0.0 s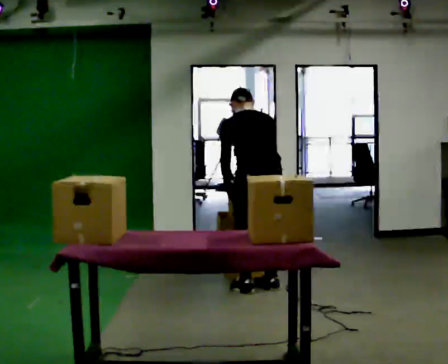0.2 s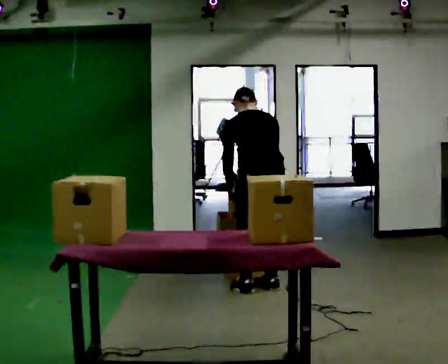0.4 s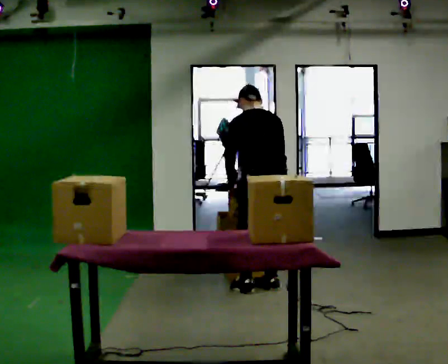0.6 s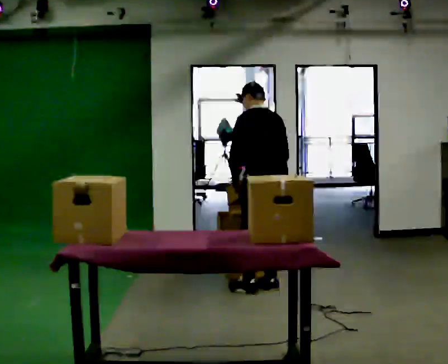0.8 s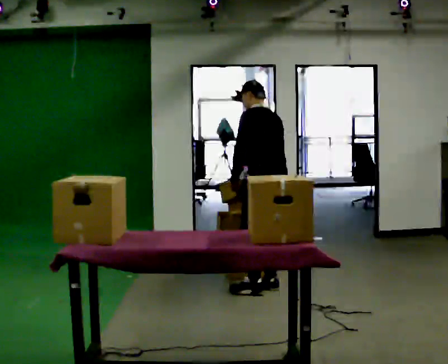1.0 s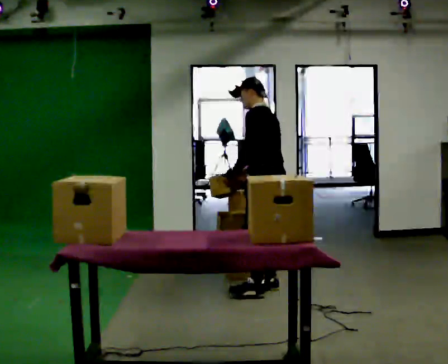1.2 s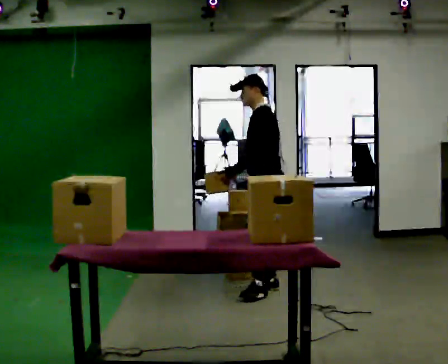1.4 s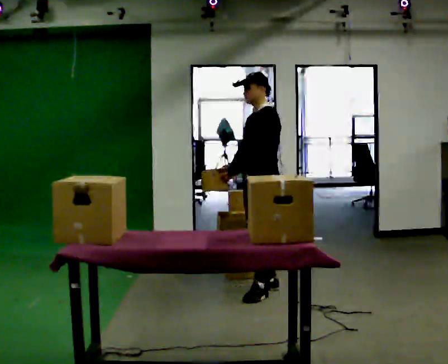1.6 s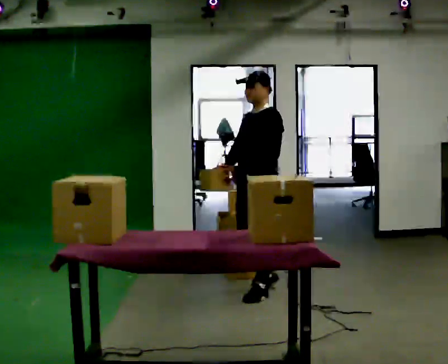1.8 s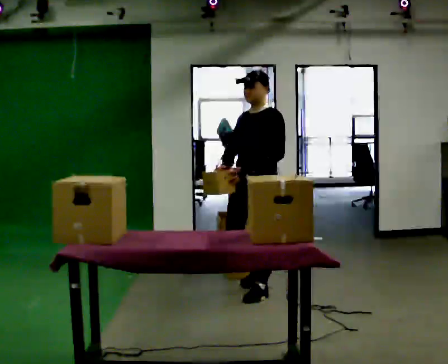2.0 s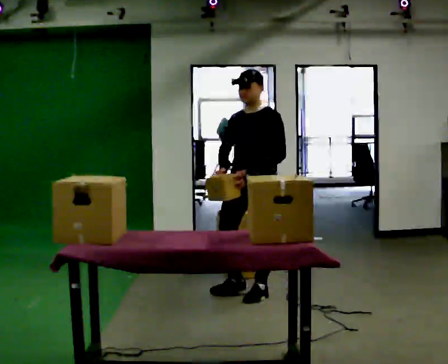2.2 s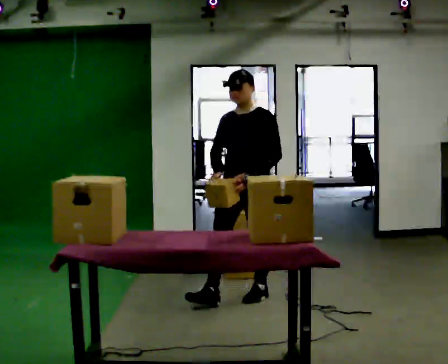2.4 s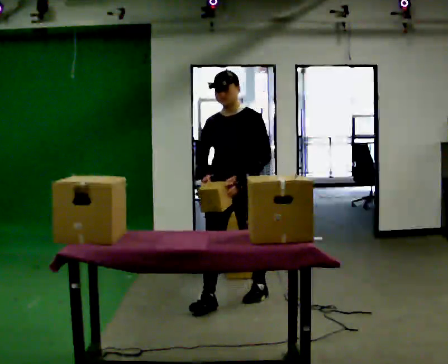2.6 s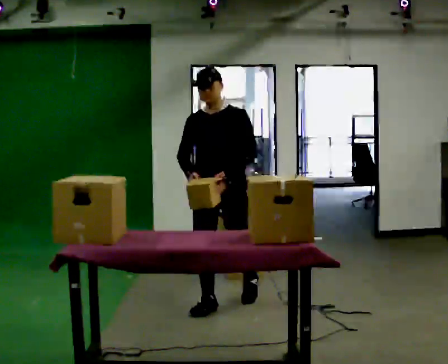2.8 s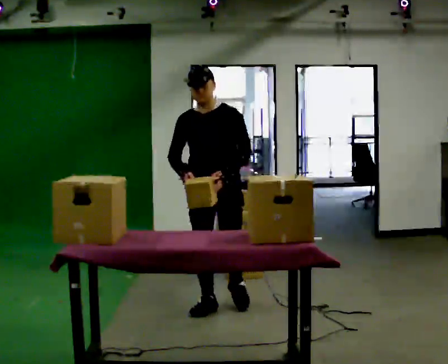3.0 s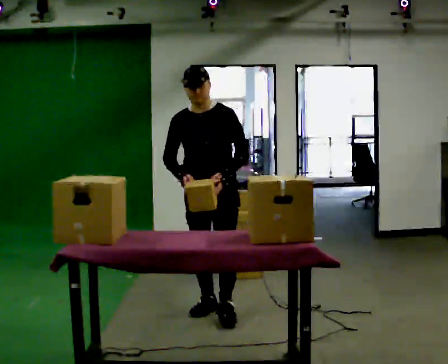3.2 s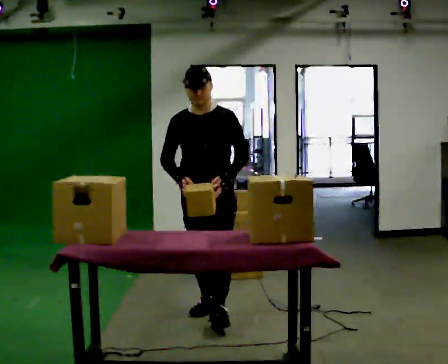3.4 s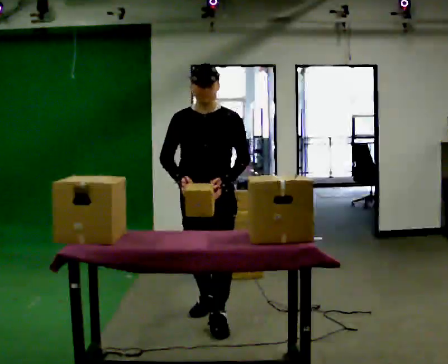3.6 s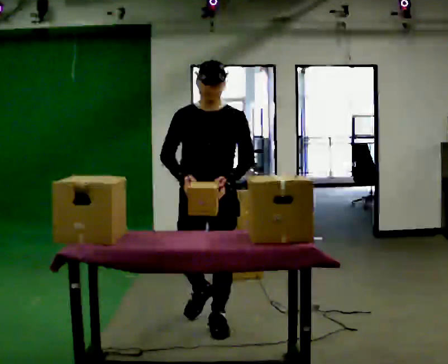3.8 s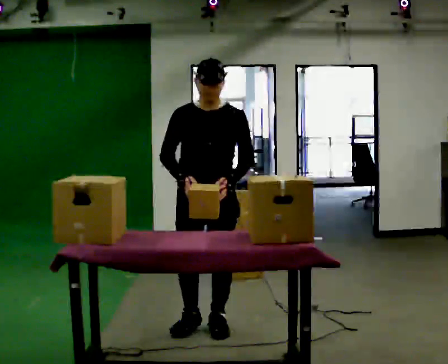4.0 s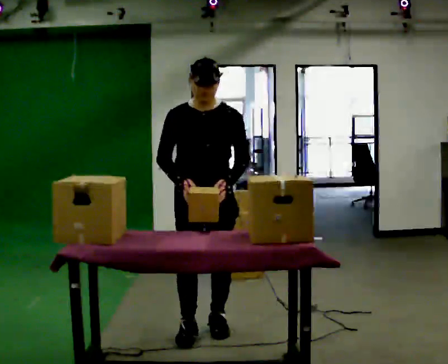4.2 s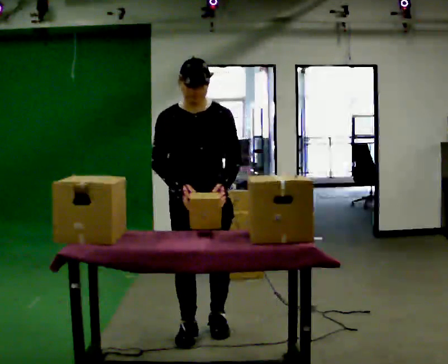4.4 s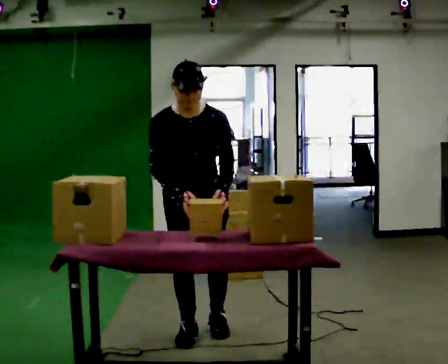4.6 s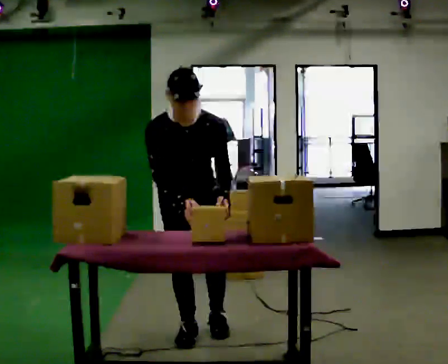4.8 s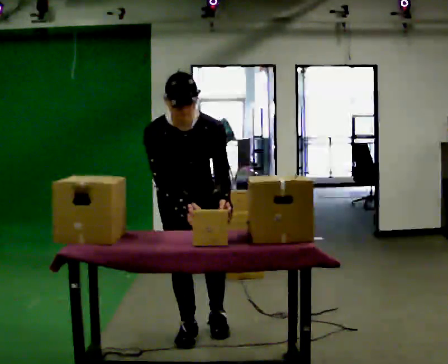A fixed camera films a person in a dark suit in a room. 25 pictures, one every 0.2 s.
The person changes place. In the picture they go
toward the camera.
The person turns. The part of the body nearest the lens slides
to the right.
0.0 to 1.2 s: The part of the body nearest the lens slides to the right as the person turns to their left by about 75 degrees. The upper body tips toward the camera, its near side rolling downward, as they lean back or straighten.
1.2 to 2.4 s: The person turns about 60 degrees to their left, counterclockwise seen from above, so the part of the body nearest the lens slides to the right. In the picture they go toward the camera and to the left, about 0.5 m in 1 step.
2.4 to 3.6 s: In the picture they go toward the camera, about 0.5 m in 1 step, which for them is forward.
3.6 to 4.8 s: Seen from above the body turns counterclockwise, about 30 degrees: to their left, with its near side sliding to the right. In the picture they go toward the camera, about 0.25 m in 1 step, which for them is to their right and forward. The upper body tips toward the camera, its near side rolling downward, as they bend forward.
The film runs forward here.
